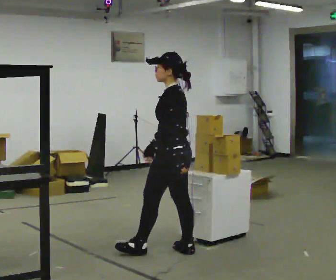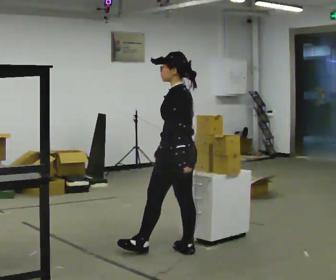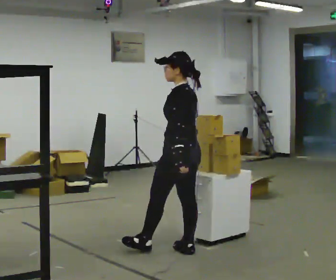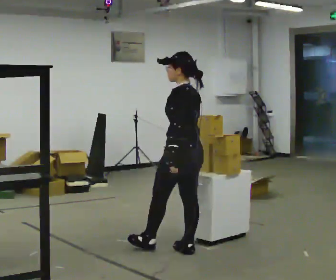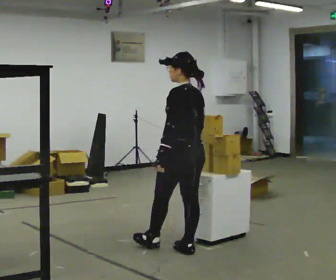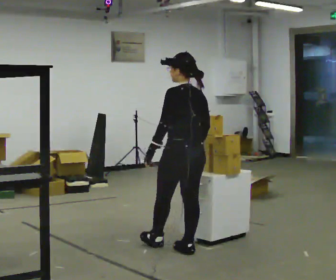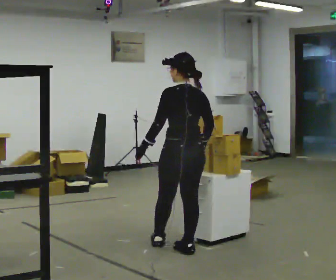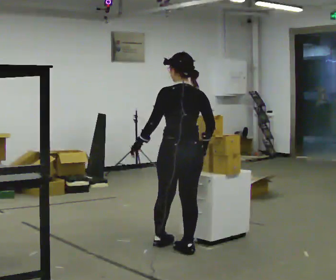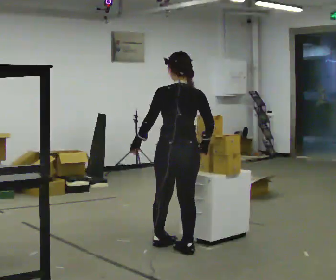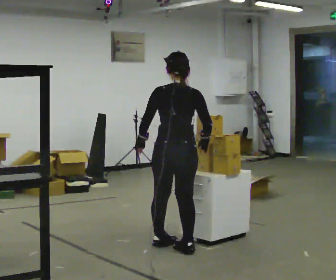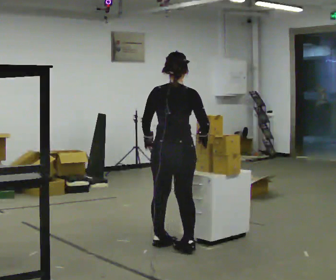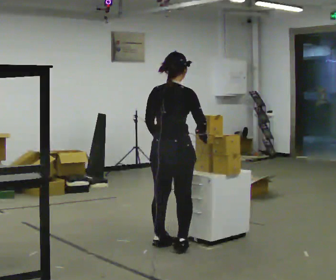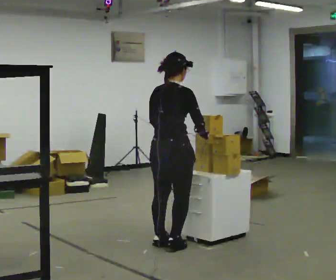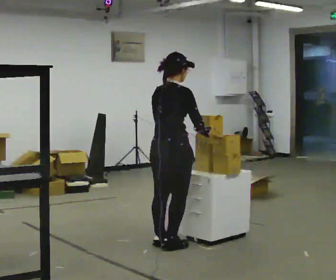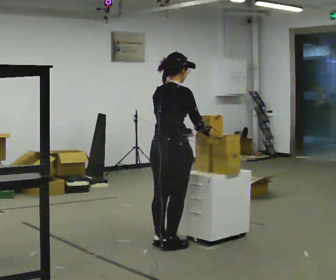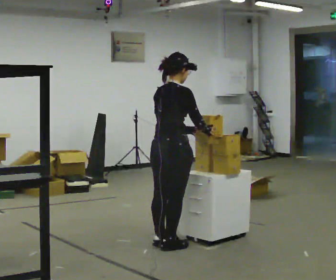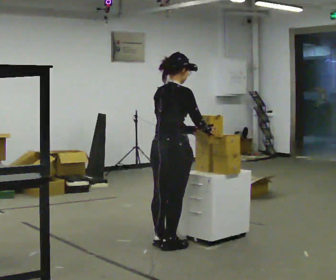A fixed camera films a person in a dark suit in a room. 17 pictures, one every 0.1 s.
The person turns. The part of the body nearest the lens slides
to the left.
The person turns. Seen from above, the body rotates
clockwise.
0.0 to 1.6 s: Seen from above the body turns clockwise, about 120 degrees: to their right, with its near side sliding to the left. In the picture they go away from the camera, about 0.25 m in 2 steps.
The film runs backward here.
